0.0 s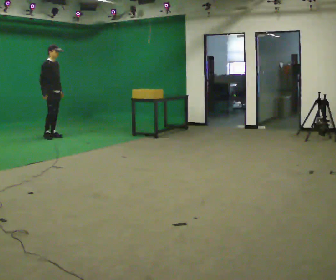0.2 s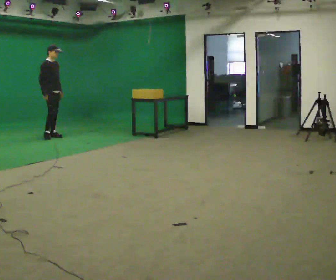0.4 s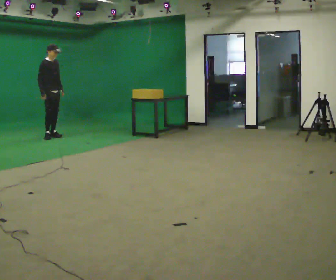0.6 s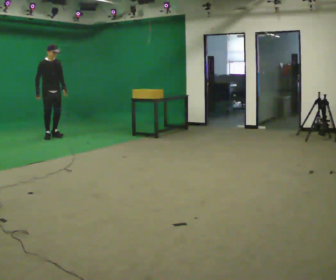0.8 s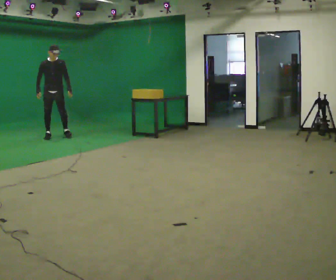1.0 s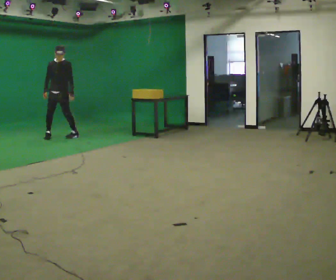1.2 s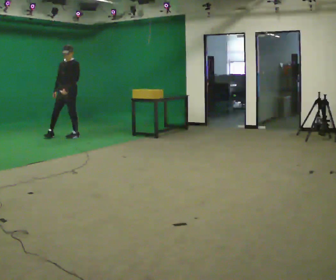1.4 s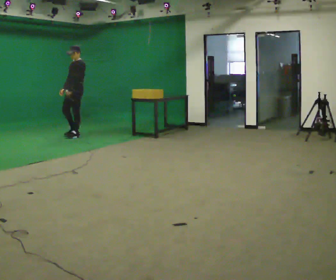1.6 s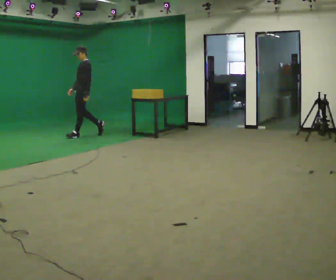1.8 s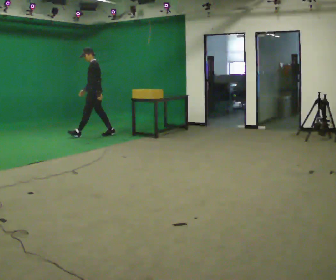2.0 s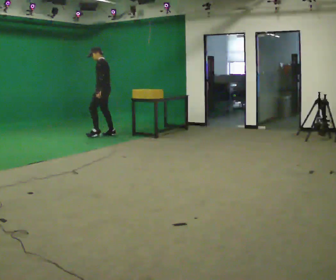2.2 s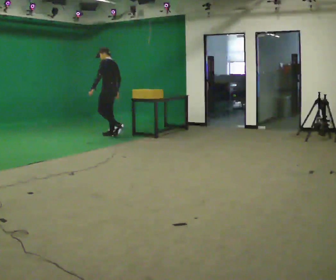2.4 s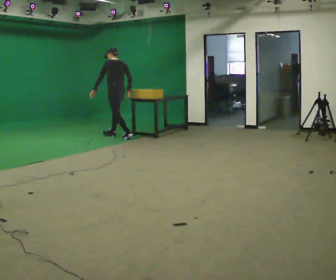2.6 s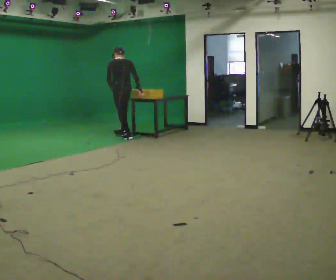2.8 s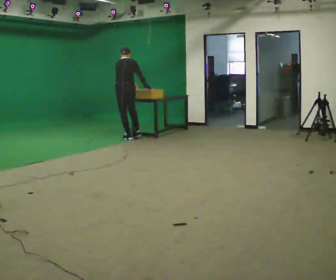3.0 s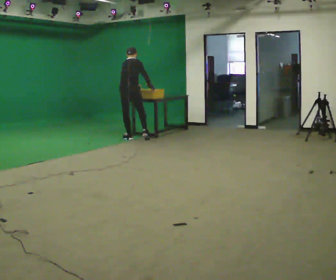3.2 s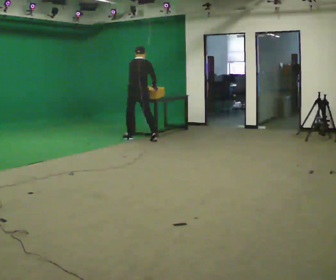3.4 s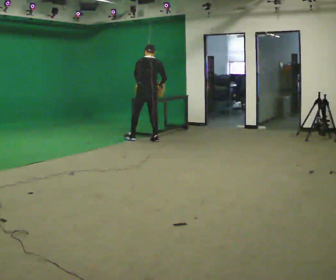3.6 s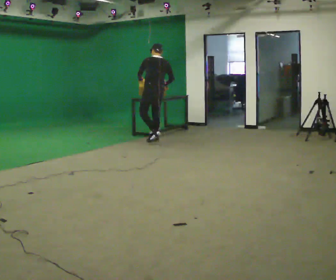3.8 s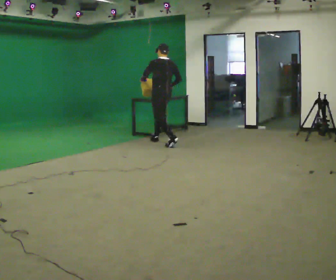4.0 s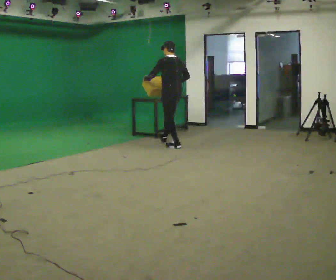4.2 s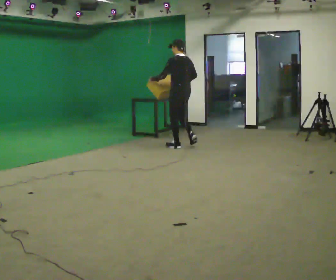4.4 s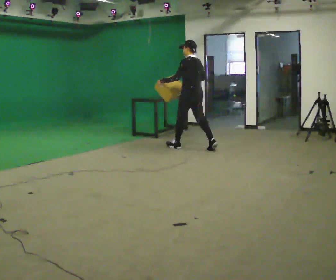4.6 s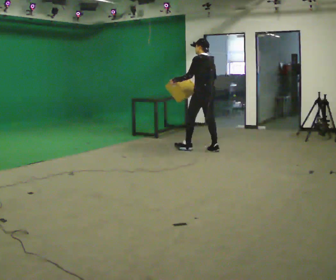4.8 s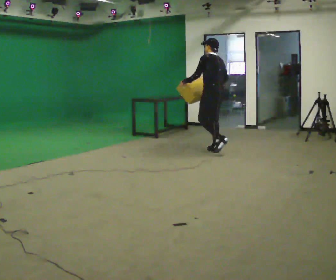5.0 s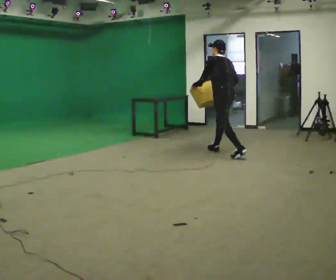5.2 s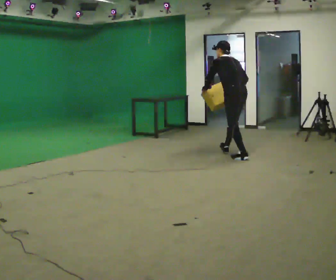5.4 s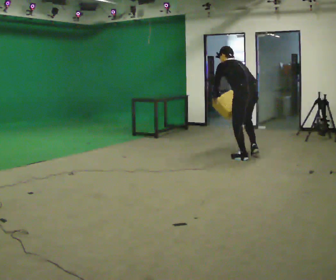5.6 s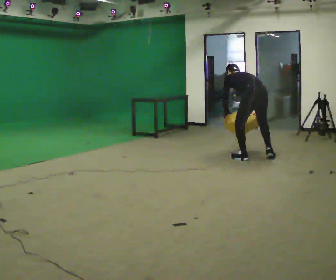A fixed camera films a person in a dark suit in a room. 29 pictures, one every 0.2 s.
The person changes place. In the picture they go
to the right.
0.0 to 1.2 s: The part of the body nearest the lens slides to the left as the person turns to their right by about 105 degrees. In the picture they go to the right, about 0.25 m in 2 steps.
1.2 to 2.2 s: Seen from above the body turns clockwise, about 75 degrees: to their right, with its near side sliding to the left. In the picture they go to the right, about 1 m in 1 step.
2.2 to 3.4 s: Seen from above the body turns clockwise, about 75 degrees: to their right, with its near side sliding to the left. In the picture they go to the right and toward the camera, about 1 m in 2 steps.
3.4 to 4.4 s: The person turns about 45 degrees to their left, counterclockwise seen from above, so the part of the body nearest the lens slides to the right. In the picture they go to the right and toward the camera, about 1 m in 1 step, which for them is backward.
4.4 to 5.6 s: The part of the body nearest the lens slides to the left as the person turns to their right by about 30 degrees. In the picture they go toward the camera and to the right, about 1 m in 2 steps, which for them is backward. The shoulders move downward. The upper body tips away from the camera, its near side rolling upward, as they bend forward. In the picture their right hand goes downward.
The film runs backward here.
